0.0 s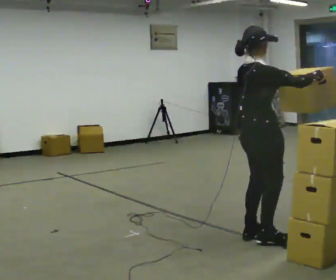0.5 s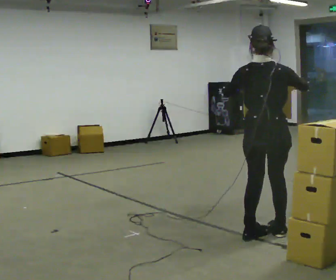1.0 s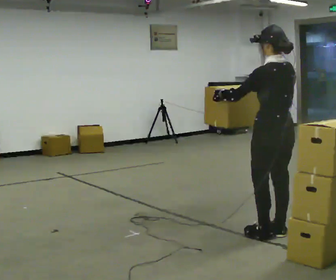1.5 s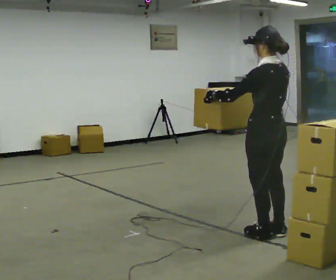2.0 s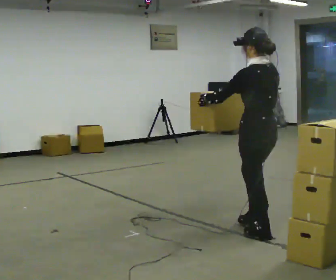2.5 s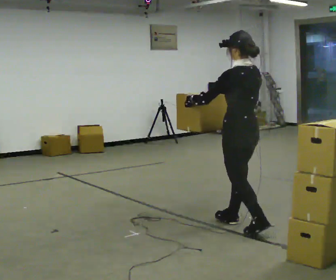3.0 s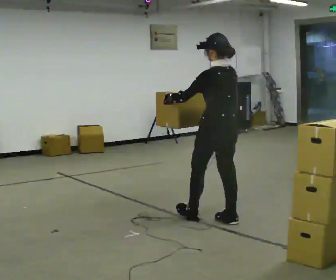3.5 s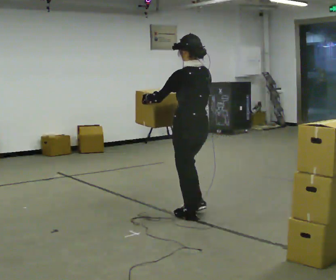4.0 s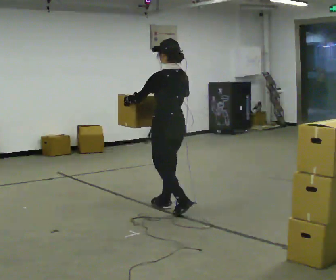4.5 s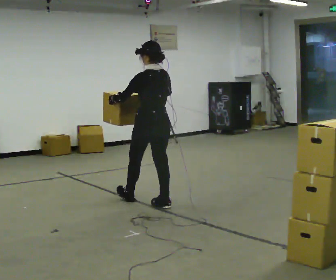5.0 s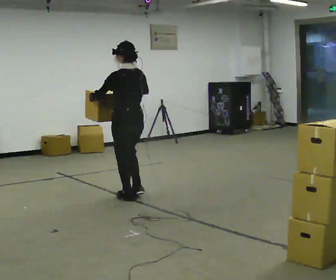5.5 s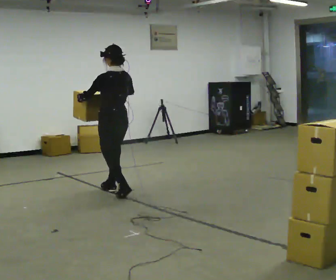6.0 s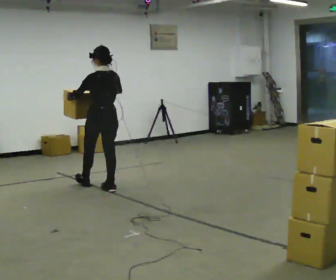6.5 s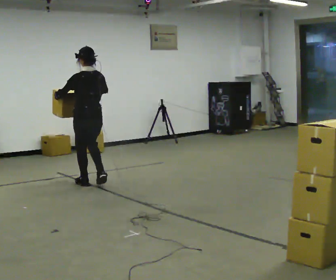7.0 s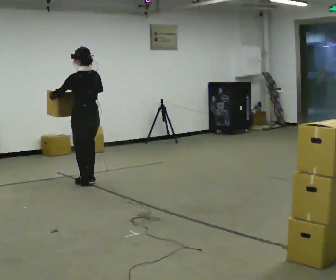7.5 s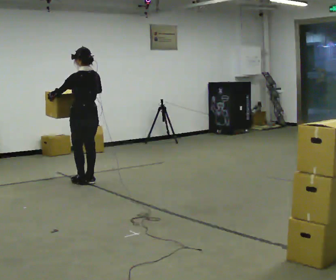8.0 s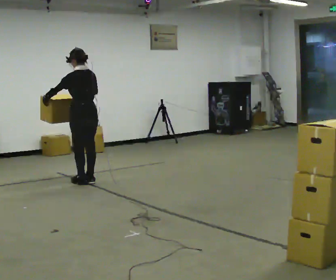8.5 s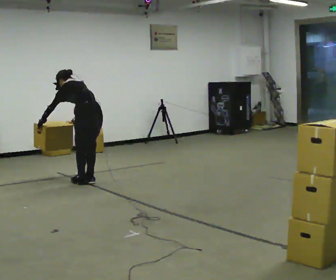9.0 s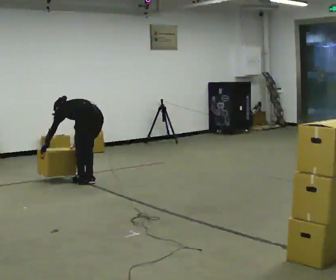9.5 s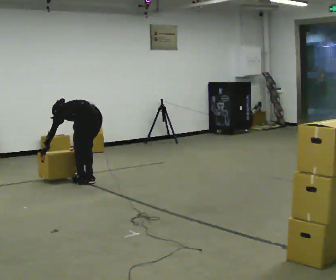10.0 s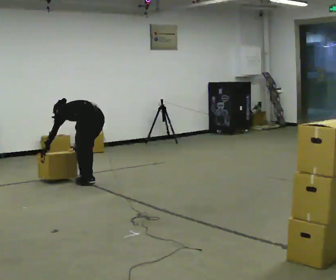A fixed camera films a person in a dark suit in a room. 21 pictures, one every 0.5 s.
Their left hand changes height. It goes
downward.
Their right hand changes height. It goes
downward.
0.0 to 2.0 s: Seen from above the body turns counterclockwise, about 105 degrees: to their left, with its near side sliding to the right. In the picture their left hand goes to the left.
2.0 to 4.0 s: In the picture they go away from the camera and to the left, about 1 m in 3 steps, which for them is forward.
4.0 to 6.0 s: In the picture they go away from the camera and to the left, about 1 m in 2 steps, which for them is forward.
6.0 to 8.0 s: In the picture they go away from the camera and to the left, about 0.5 m in 2 steps, which for them is forward.
8.0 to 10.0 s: The shoulders move downward. The upper body tips away from the camera, its near side rolling upward, as they bend forward. In the picture their right hand goes downward.
The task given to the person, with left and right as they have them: Carry the stack of boxes across the room without letting it fall over, then bring it back. Keep going until the operator says stop; one object at a time, and do not rush between trips.
The film runs forward here.
